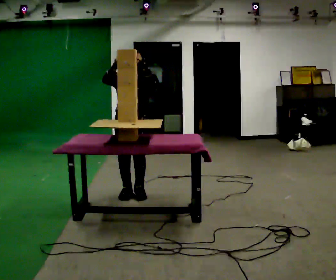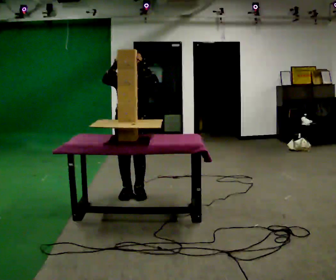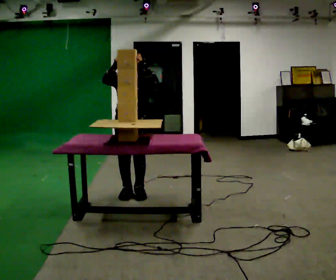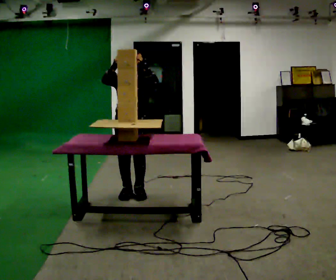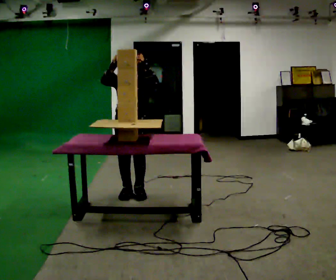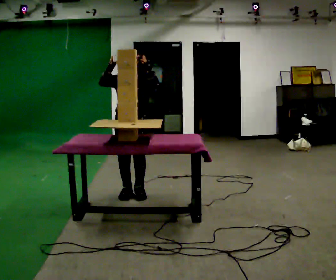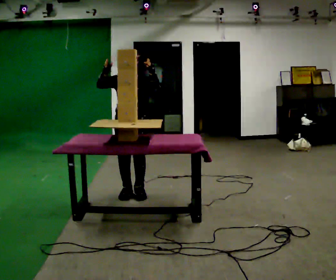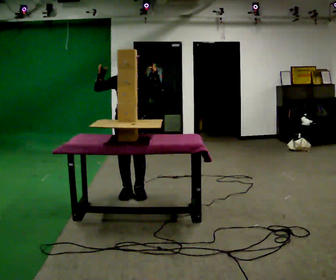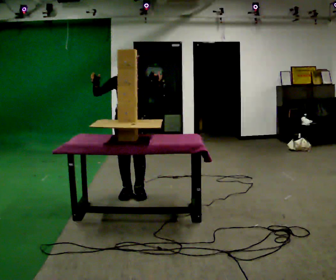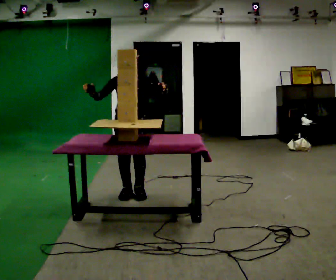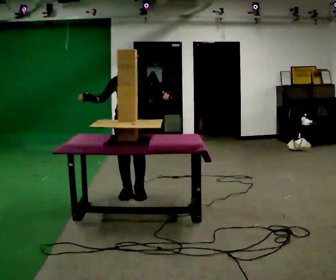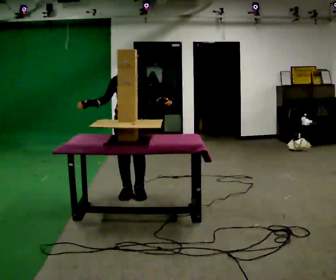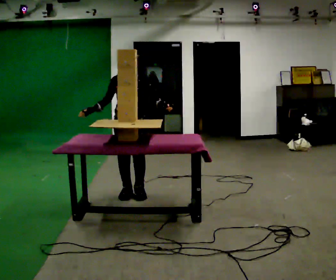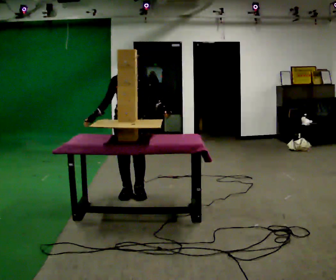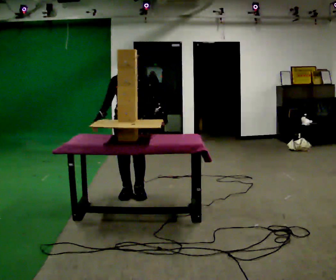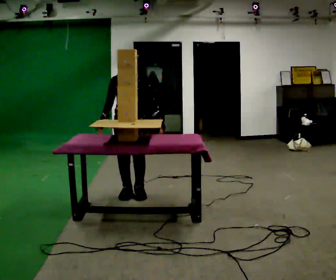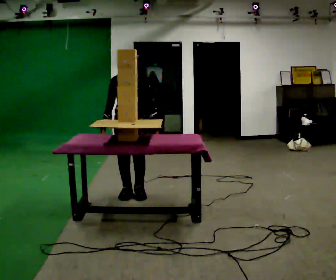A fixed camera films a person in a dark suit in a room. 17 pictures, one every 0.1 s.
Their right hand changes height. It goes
downward.
Their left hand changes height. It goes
downward.
0.0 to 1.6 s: In the picture their left hand goes downward.
The film runs forward here.
